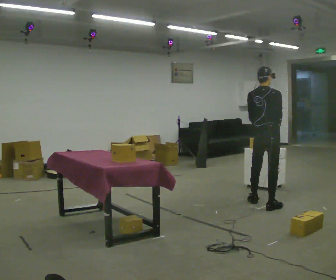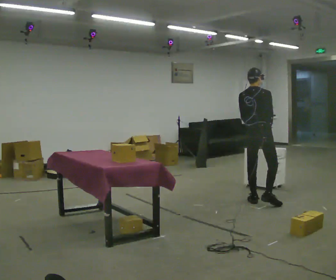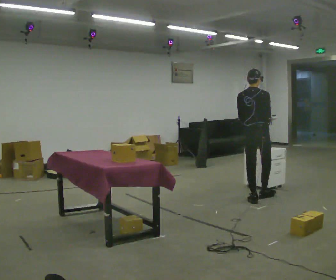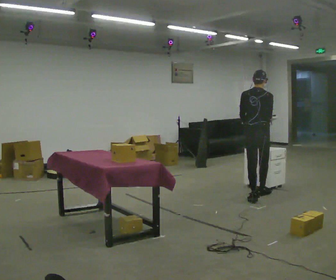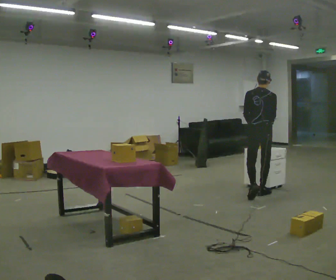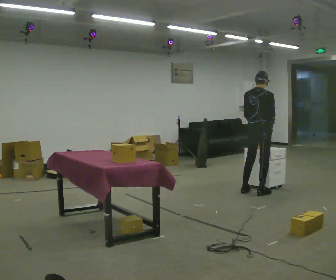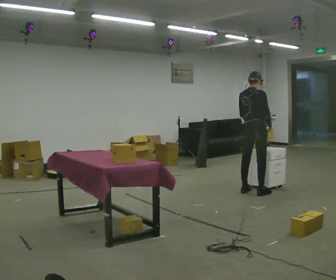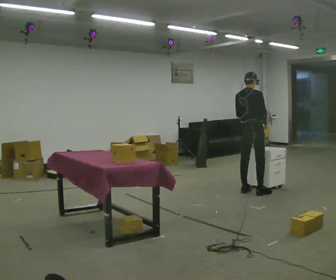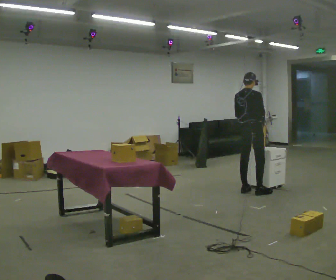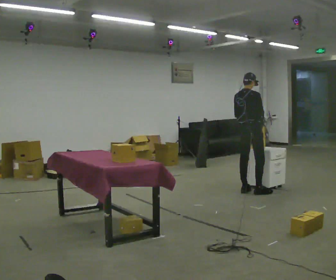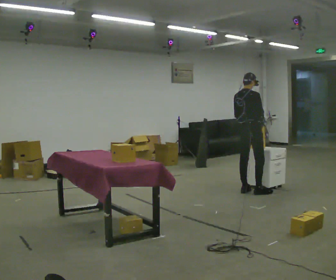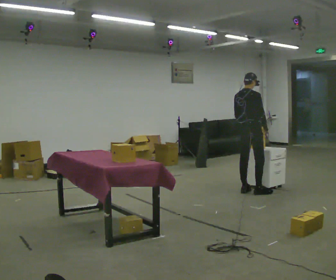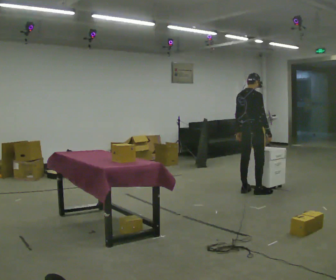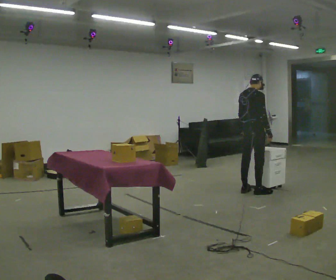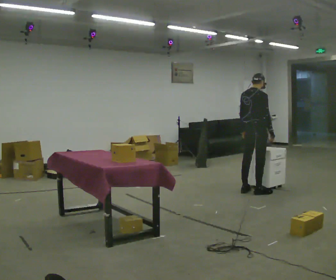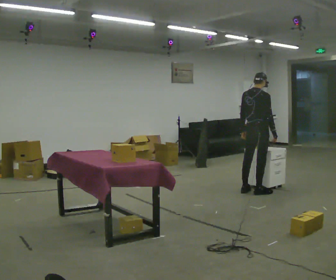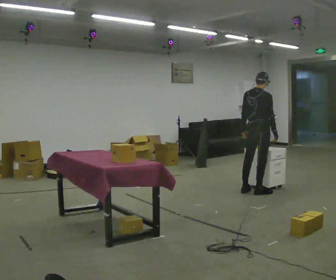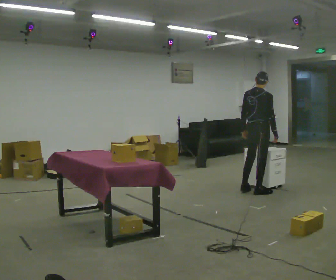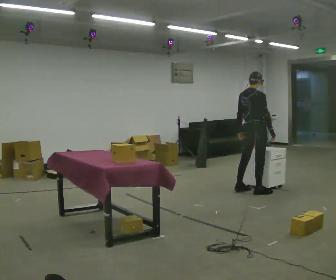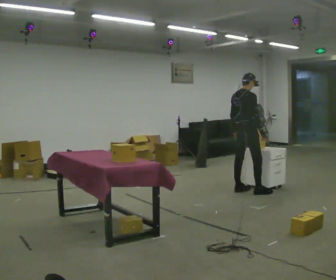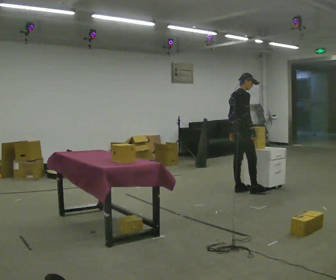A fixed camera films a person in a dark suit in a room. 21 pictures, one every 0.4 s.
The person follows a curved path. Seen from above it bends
counterclockwise.
0.0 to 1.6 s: In the picture they go away from the camera, about 0.5 m in 1 step, which for them is forward.
1.6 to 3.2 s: Seen from above the body turns clockwise, about 30 degrees: to their right, with its near side sliding to the left. In the picture they go away from the camera and to the left, about 0.25 m in 1 step, which for them is to their left and forward.
3.2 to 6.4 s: The person moves a little, or ends about where they began.
6.4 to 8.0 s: The person turns about 30 degrees to their right, clockwise seen from above, so the part of the body nearest the lens slides to the left. In the picture they go to the left, about 0.25 m in 2 steps, which for them is to their left.
The film runs forward here.
